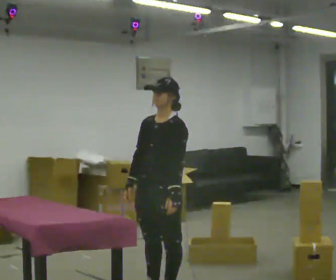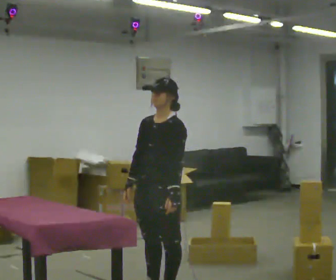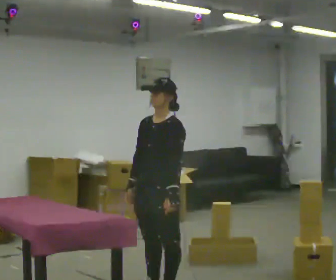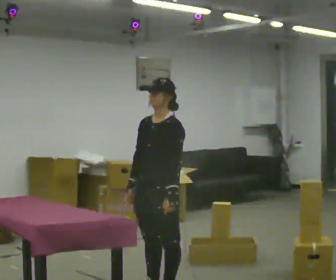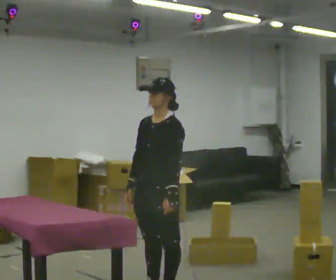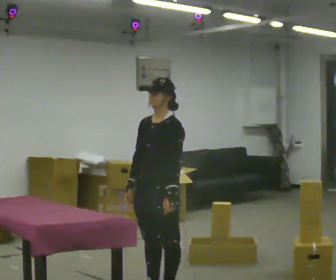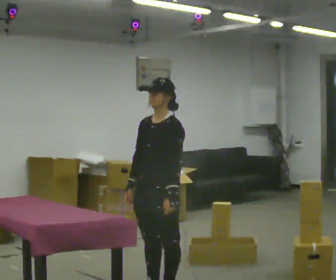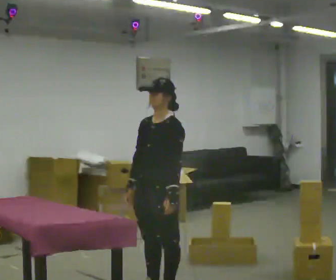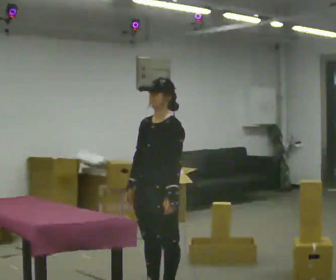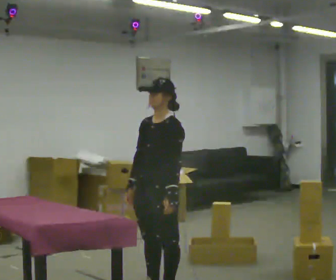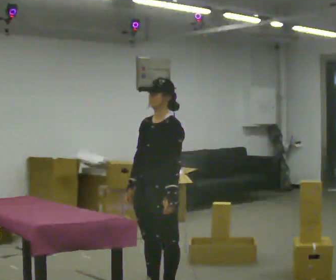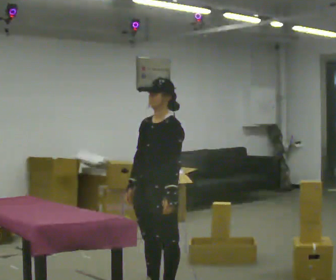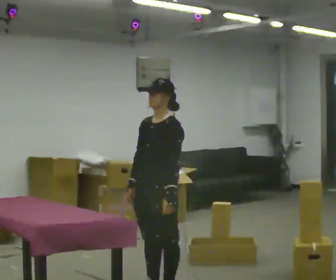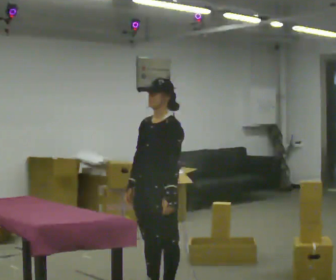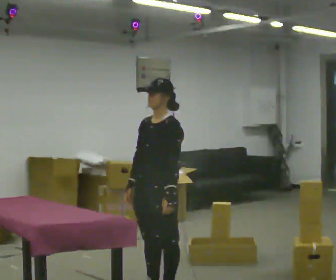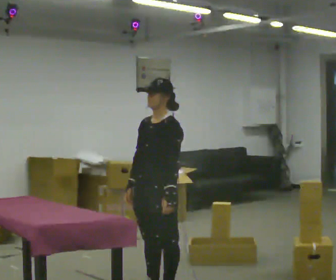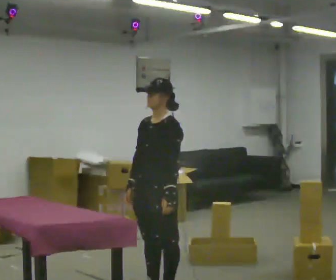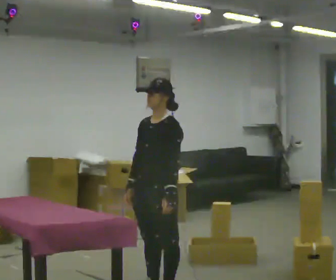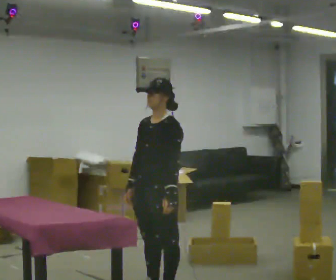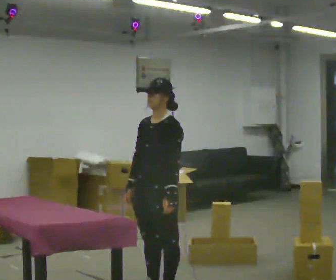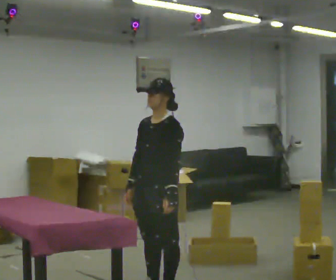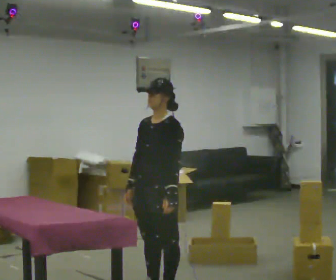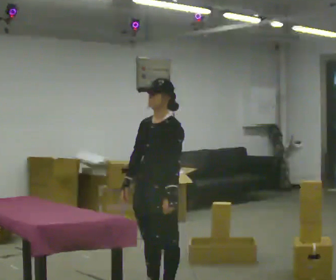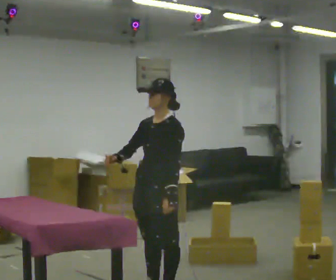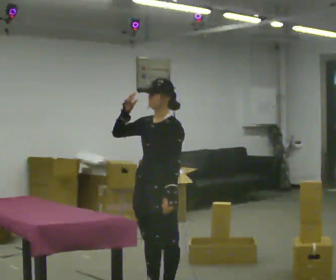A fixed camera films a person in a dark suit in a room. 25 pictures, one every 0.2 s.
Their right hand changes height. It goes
upward.
0.0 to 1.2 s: The person moves a little, or ends about where they began.
1.2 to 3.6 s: The person keeps their place and pose.
3.6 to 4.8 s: In the picture their right hand goes upward.
The film runs forward here.
